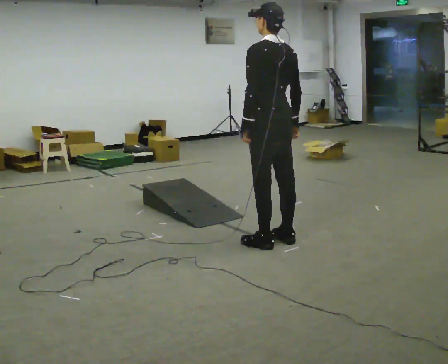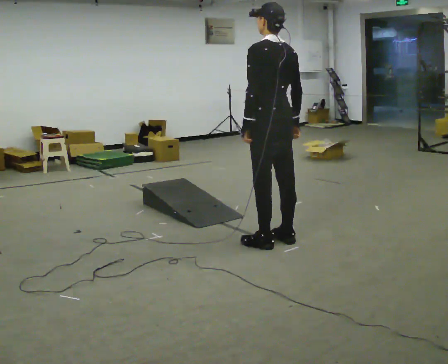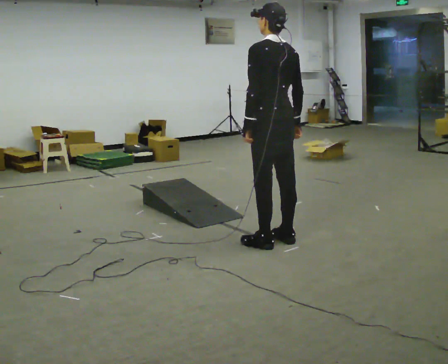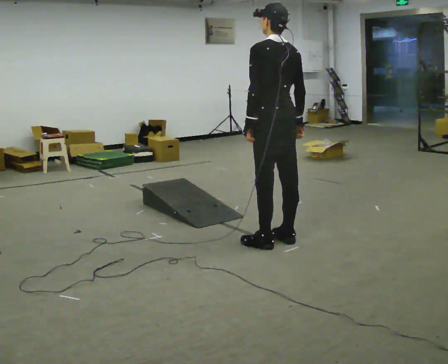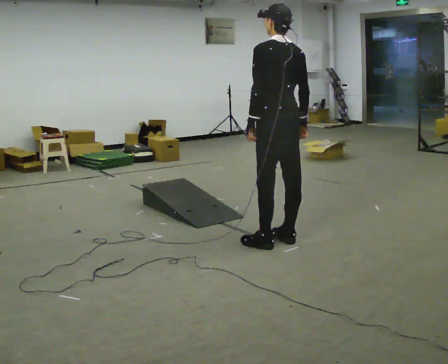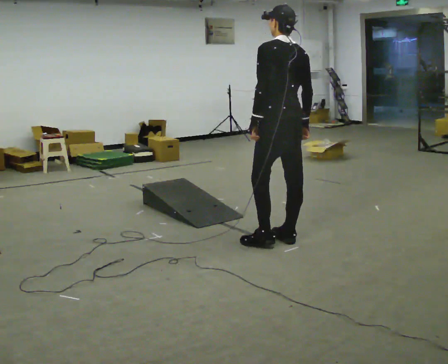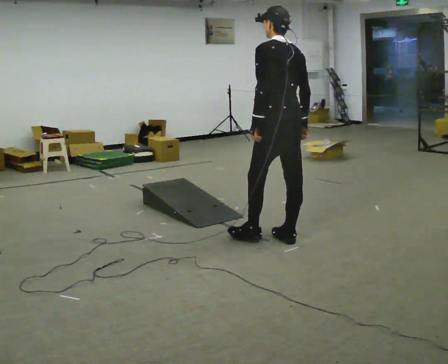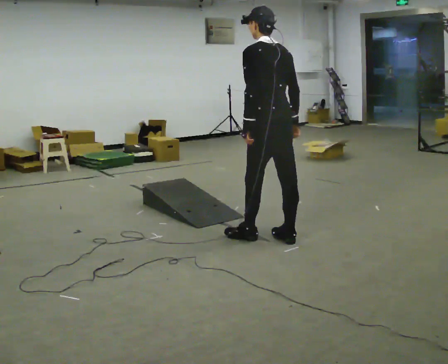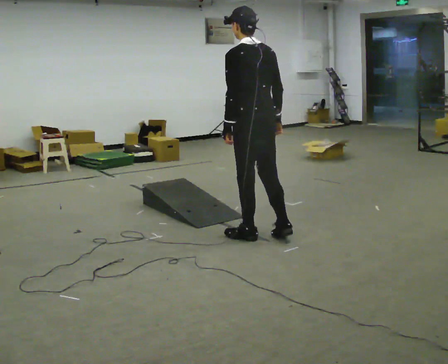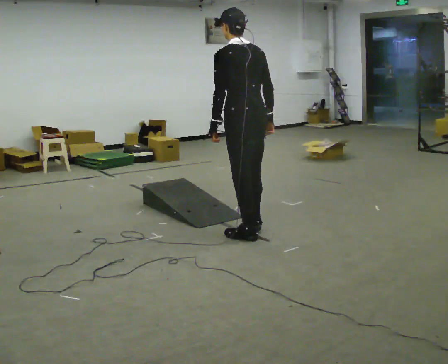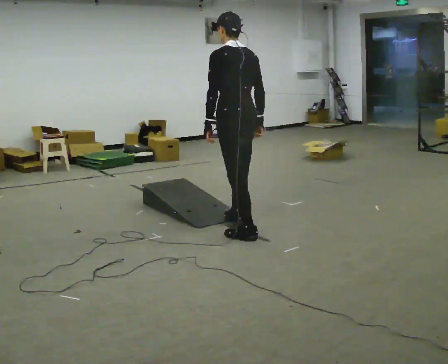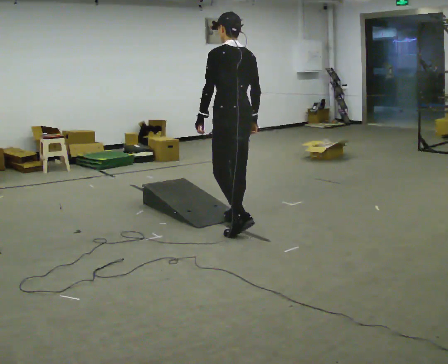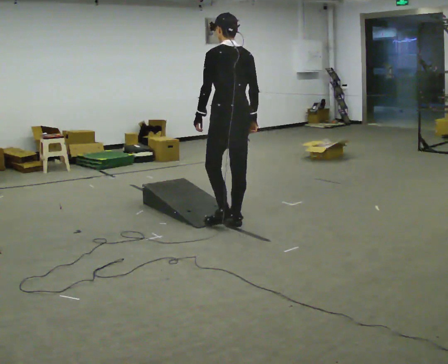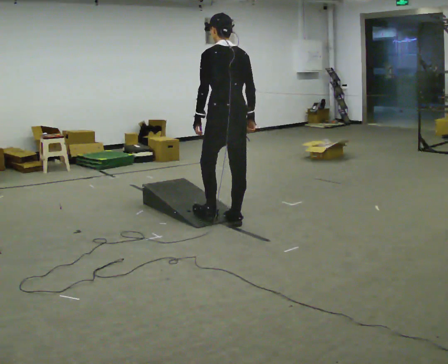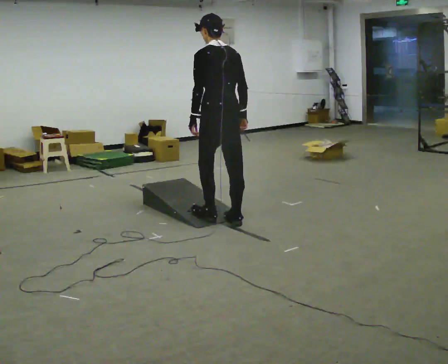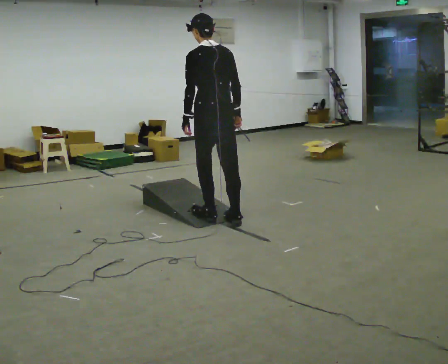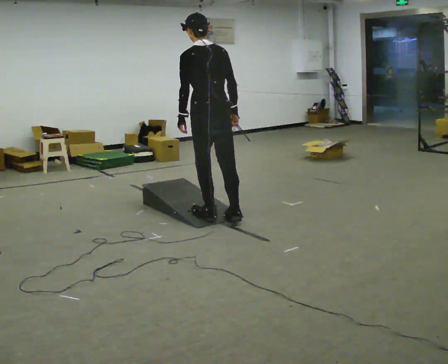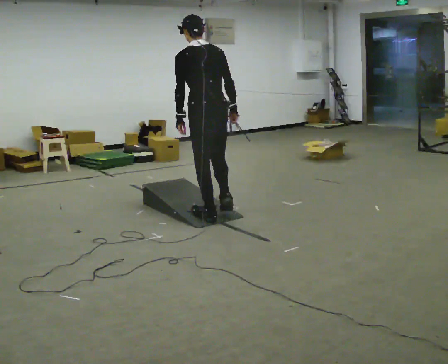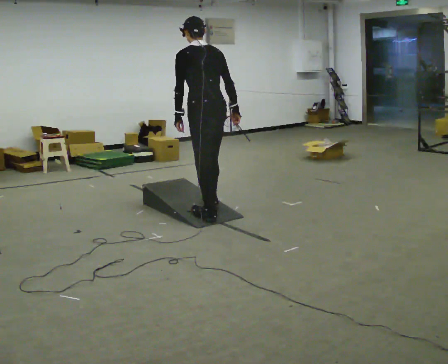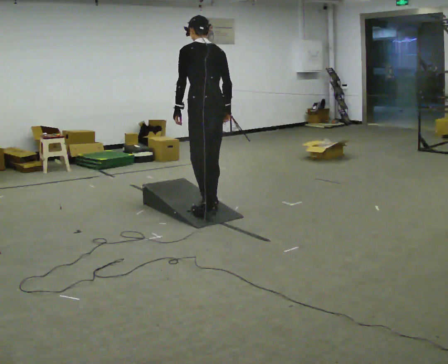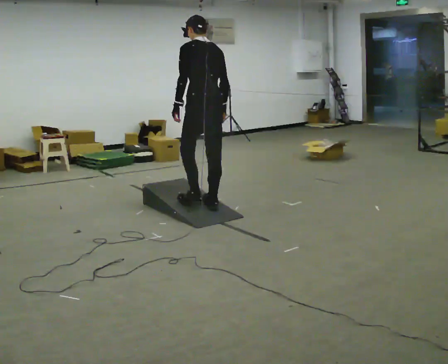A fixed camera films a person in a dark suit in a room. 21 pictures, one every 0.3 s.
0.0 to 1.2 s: The person moves a little, or ends about where they began.
1.2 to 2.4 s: In the picture they go to the left, about 0.25 m in 1 step, which for them is forward.
2.4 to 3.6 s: In the picture they go away from the camera and to the left, about 0.5 m in 1 step, which for them is forward.
3.6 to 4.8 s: In the picture they go to the left, about 0.25 m in 1 step, which for them is forward.
4.8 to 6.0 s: In the picture they go away from the camera, about 0.25 m in 1 step, which for them is forward.
The film runs forward here.
